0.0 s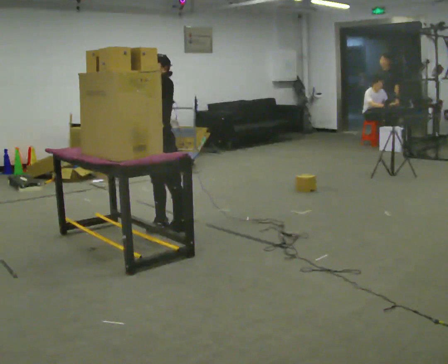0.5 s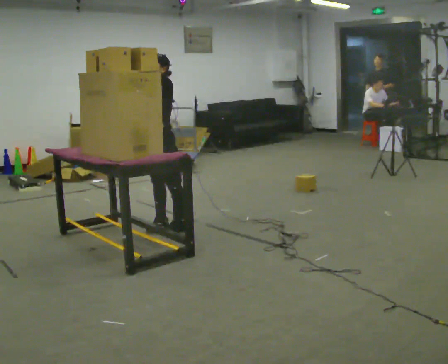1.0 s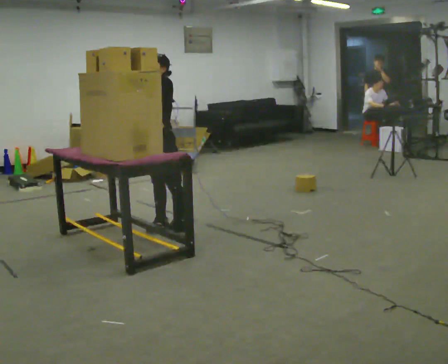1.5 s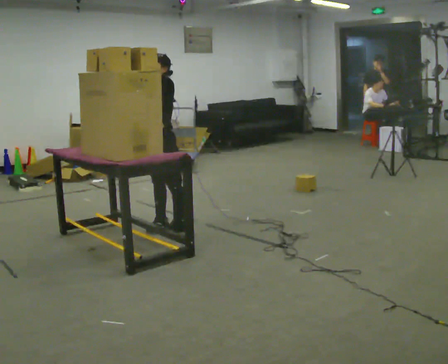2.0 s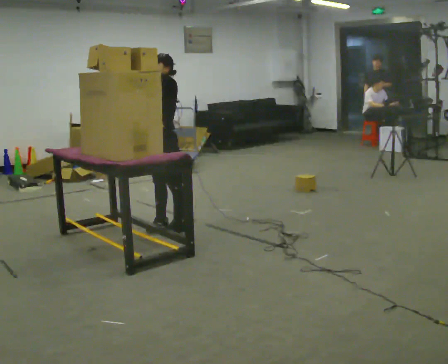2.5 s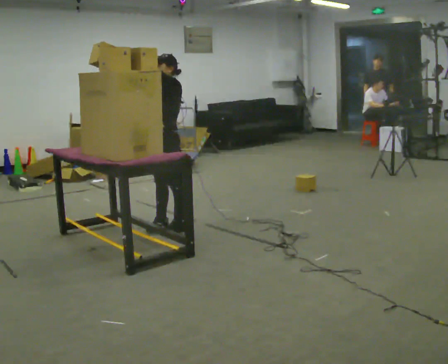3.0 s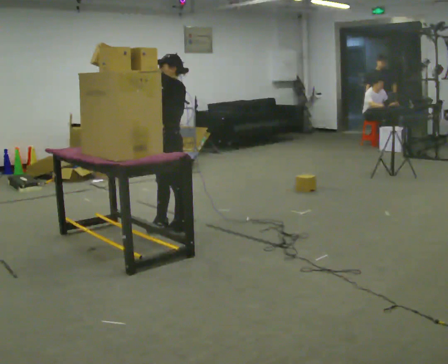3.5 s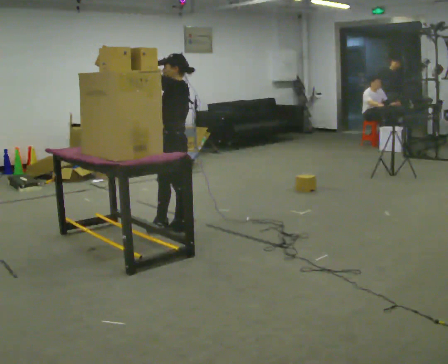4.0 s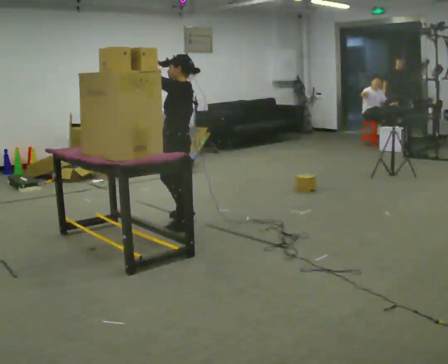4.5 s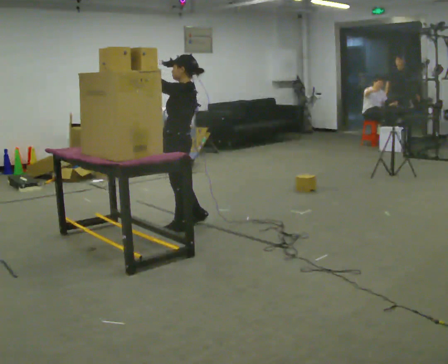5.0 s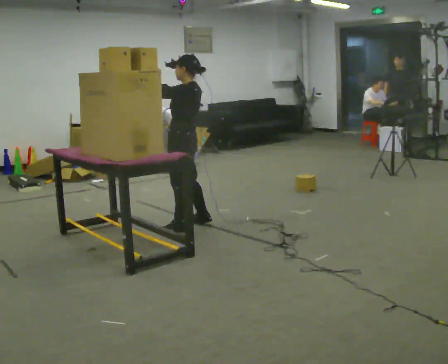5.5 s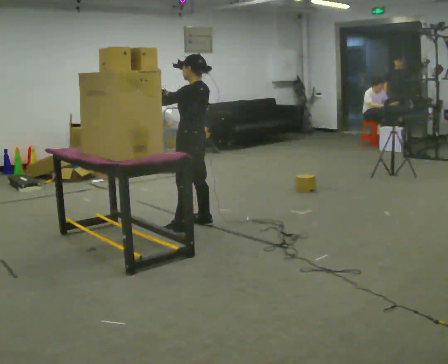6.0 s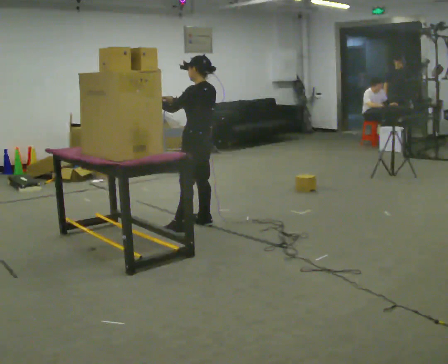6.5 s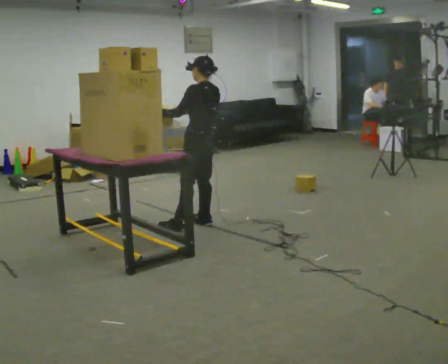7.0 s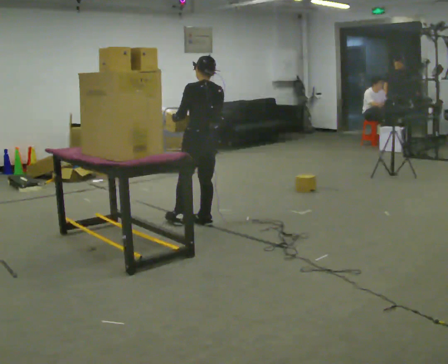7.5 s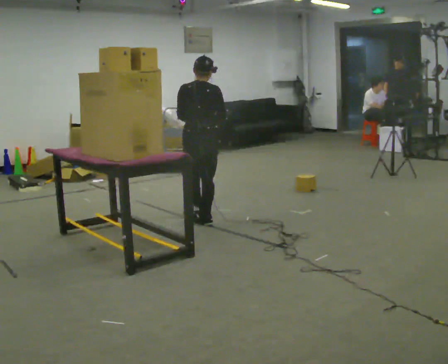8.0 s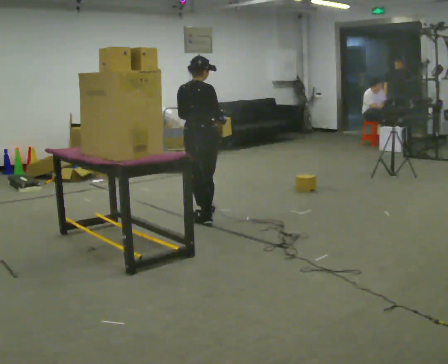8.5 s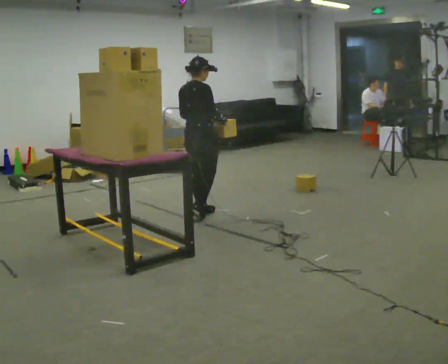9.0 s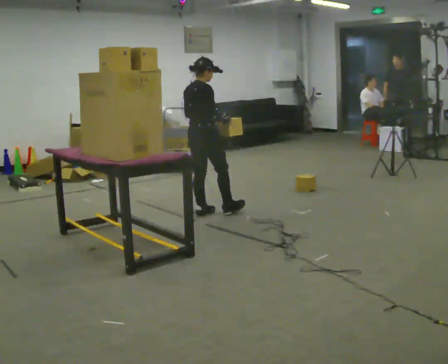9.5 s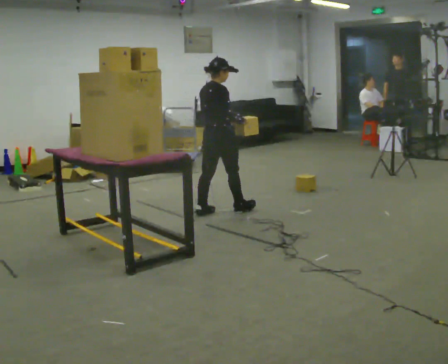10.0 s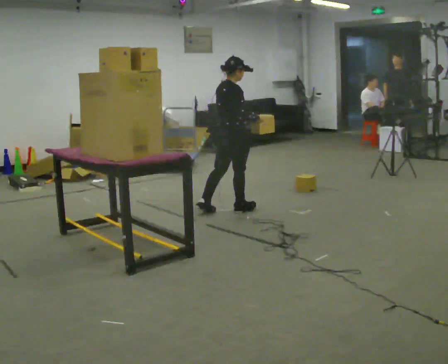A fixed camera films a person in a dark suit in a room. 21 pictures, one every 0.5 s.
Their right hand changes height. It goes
downward.
The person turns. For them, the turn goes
to their right.
0.0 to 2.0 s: The person moves a little, or ends about where they began.
2.0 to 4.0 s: Seen from above the body turns clockwise, about 45 degrees: to their right, with its near side sliding to the left.
4.0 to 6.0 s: The person turns about 30 degrees to their right, clockwise seen from above, so the part of the body nearest the lens slides to the left. In the picture they go to the right, about 0.25 m in 1 step, which for them is to their right. In the picture their left hand goes downward, the arm swinging counterclockwise.
6.0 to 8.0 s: The part of the body nearest the lens slides to the left as the person turns to their right by about 90 degrees. In the picture they go away from the camera, about 0.25 m in 1 step. In the picture their right hand goes to the right.
8.0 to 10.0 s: Seen from above the body turns clockwise, about 30 degrees: to their right, with its near side sliding to the left. In the picture they go to the right and away from the camera, about 0.25 m in 1 step, which for them is forward.
The film runs forward here.
